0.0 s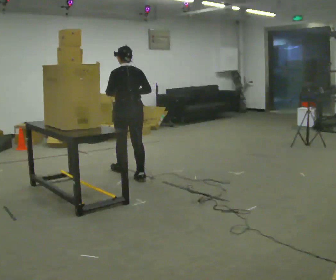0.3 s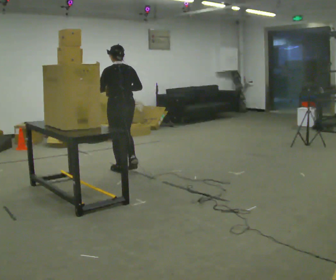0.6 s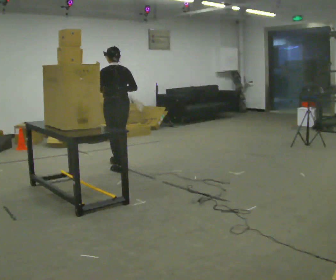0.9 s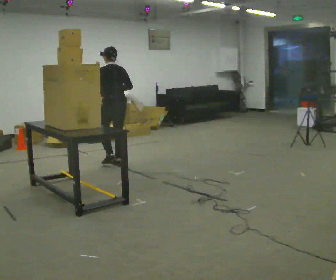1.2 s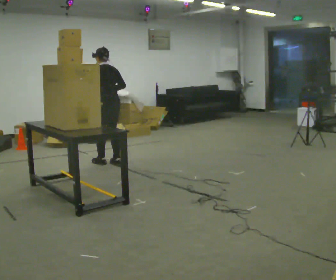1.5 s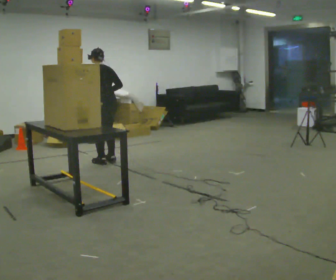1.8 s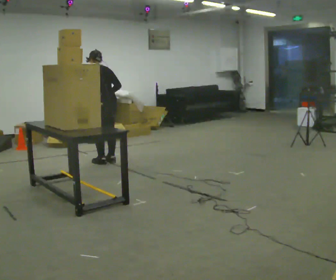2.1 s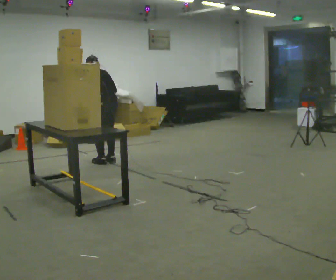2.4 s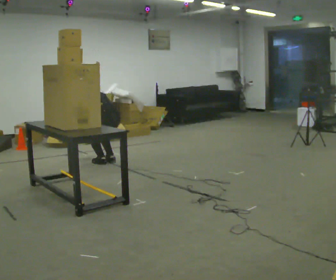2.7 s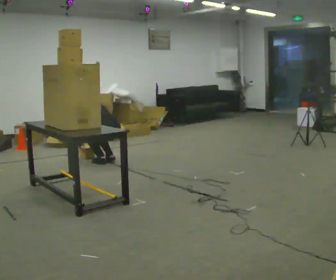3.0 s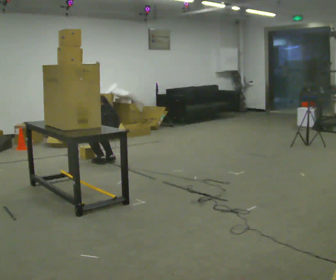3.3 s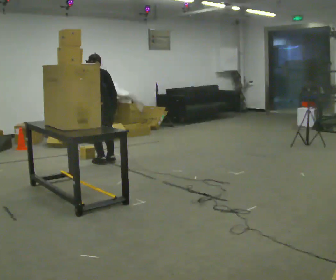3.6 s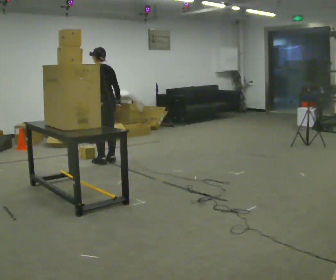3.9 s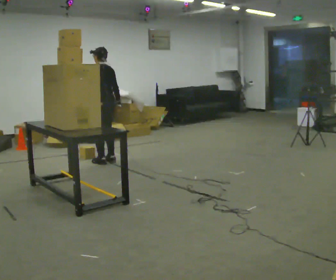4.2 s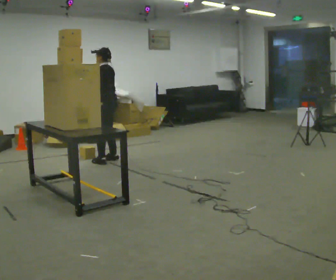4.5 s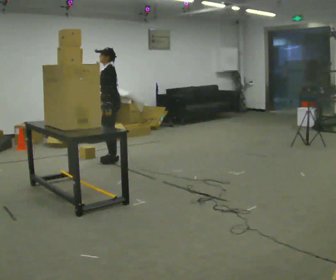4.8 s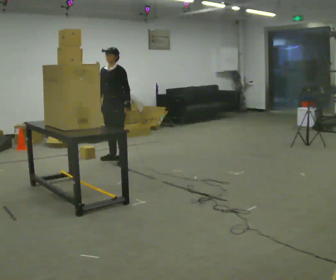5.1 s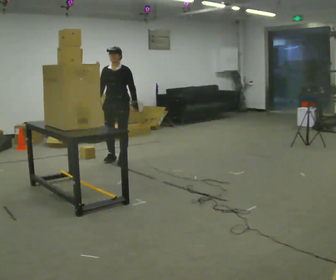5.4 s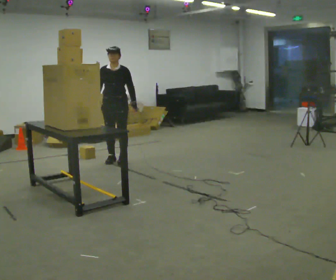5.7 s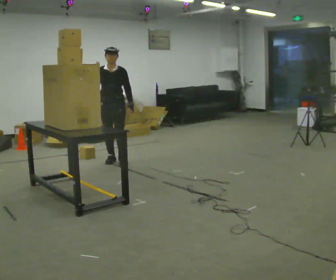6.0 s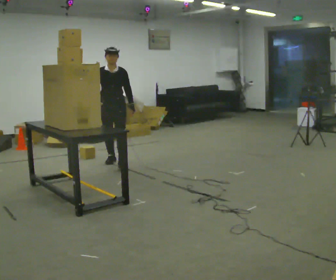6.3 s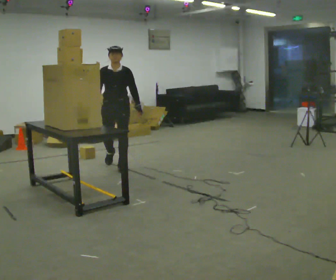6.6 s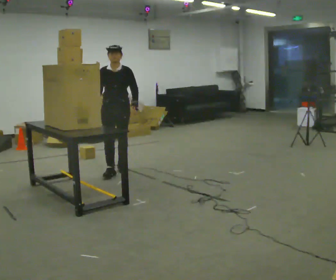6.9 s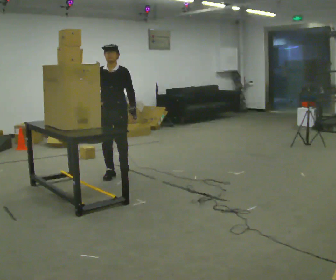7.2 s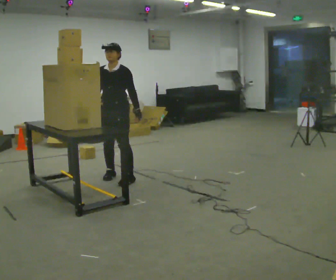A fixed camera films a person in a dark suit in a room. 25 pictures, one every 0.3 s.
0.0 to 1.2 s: In the picture they go away from the camera and to the left, about 0.75 m in 2 steps, which for them is forward.
1.2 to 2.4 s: The upper body goes downward. The upper body tips away from the camera, its near side rolling upward, as they bend forward. In the picture their left hand goes downward.
2.4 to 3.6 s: The upper body tips toward the camera, its near side rolling downward, as they lean back or straighten. In the picture their right hand goes upward.
3.6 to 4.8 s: The part of the body nearest the lens slides to the right as the person turns to their left by about 105 degrees. In the picture they go to the right, about 0.25 m in 1 step. In the picture their right hand goes to the left, the arm swinging clockwise.
4.8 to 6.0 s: The person turns about 30 degrees to their left, counterclockwise seen from above, so the part of the body nearest the lens slides to the right. In the picture they go toward the camera, about 0.25 m, which for them is forward.
6.0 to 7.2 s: The person turns about 30 degrees to their right, clockwise seen from above, so the part of the body nearest the lens slides to the left. In the picture they go toward the camera, about 0.75 m in 3 steps, which for them is forward.
The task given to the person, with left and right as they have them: Take an object down from the highest shelf you can comfortably reach, carry it across the room, and set it on the floor. Keep going until the operator says stop; one object at a time, and do not rush between trips.
The film runs forward here.
